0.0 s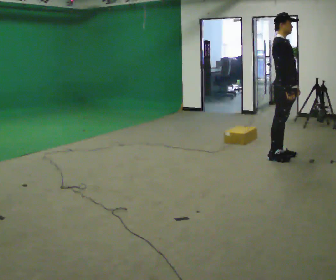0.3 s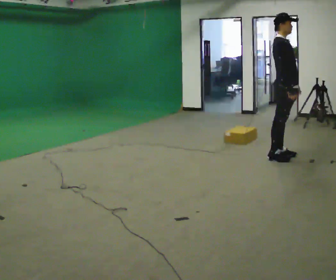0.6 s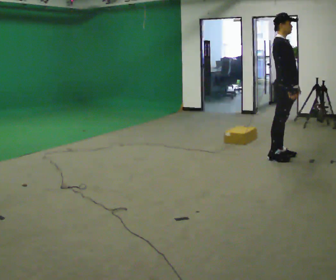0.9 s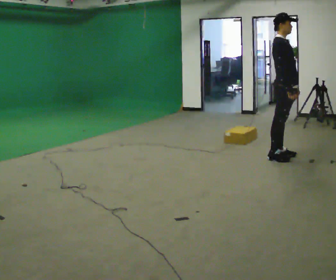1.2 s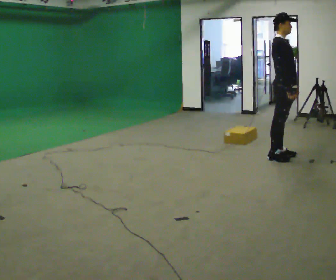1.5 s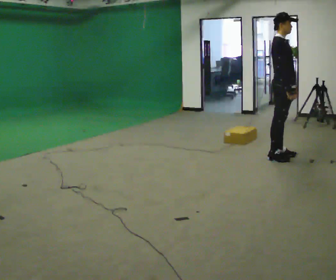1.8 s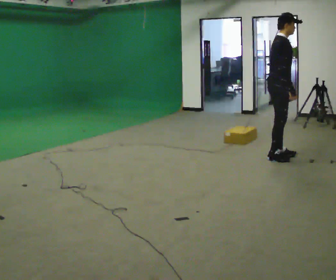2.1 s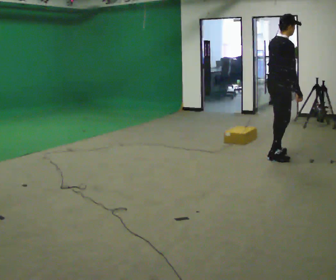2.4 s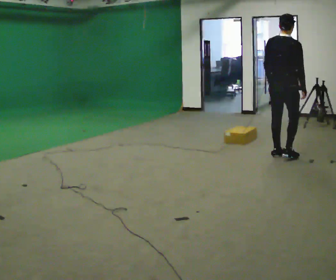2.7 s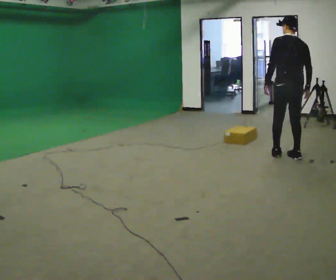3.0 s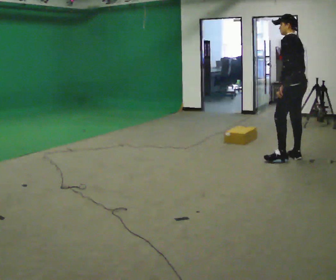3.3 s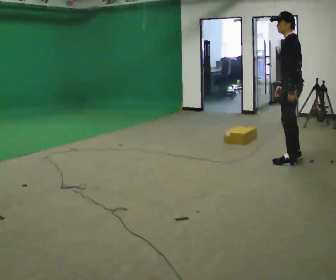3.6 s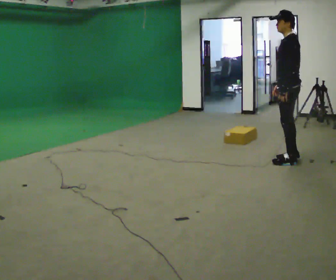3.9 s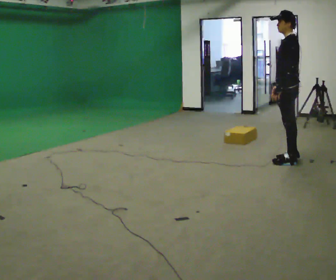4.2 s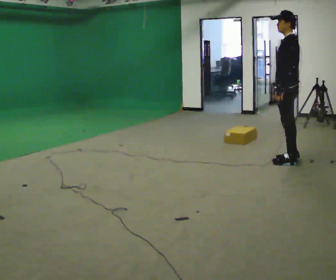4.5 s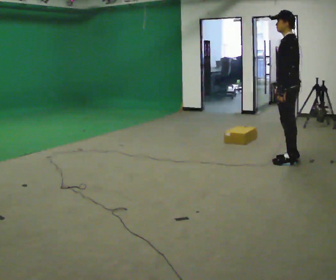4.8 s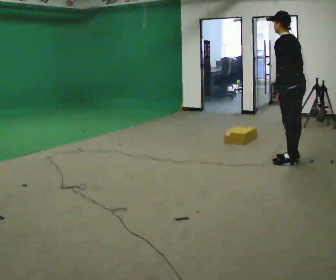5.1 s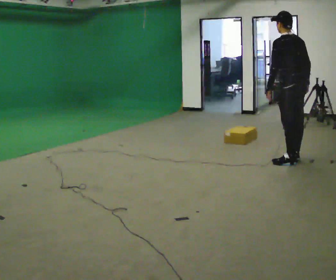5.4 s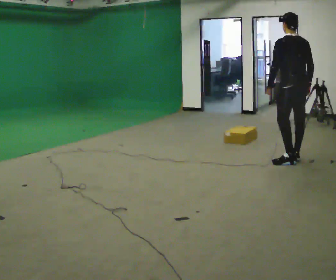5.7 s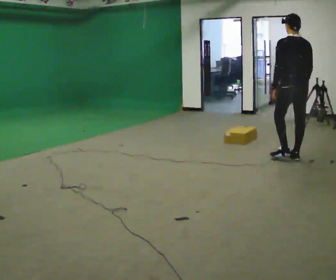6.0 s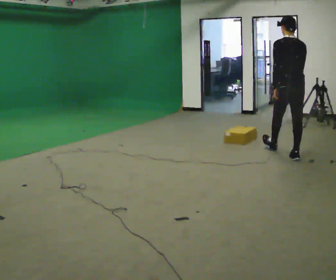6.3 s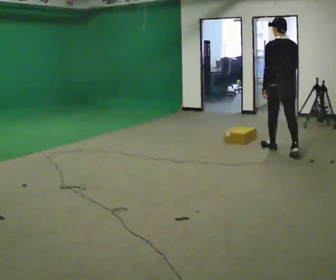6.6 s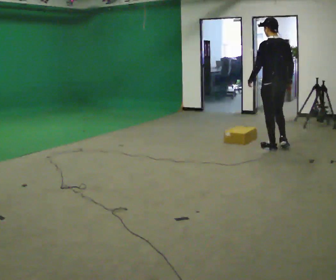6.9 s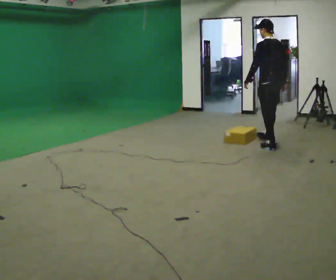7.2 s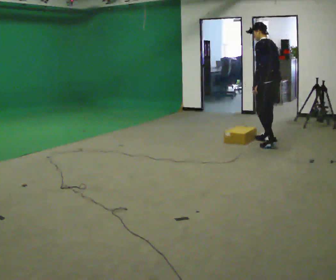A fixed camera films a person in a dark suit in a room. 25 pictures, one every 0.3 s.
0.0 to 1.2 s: The person keeps their place and pose.
1.2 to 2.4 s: The person turns about 75 degrees to their left, counterclockwise seen from above, so the part of the body nearest the lens slides to the right.
2.4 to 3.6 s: Seen from above the body turns counterclockwise, about 120 degrees: to their left, with its near side sliding to the right. In the picture they go toward the camera, about 0.25 m in 2 steps.
3.6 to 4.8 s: Seen from above the body turns clockwise, about 30 degrees: to their right, with its near side sliding to the left.
4.8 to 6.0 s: The person turns about 45 degrees to their right, clockwise seen from above, so the part of the body nearest the lens slides to the left. In the picture they go away from the camera, about 0.25 m, which for them is forward and to their right.
6.0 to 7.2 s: The part of the body nearest the lens slides to the right as the person turns to their left by about 45 degrees. In the picture they go away from the camera and to the left, about 0.5 m in 2 steps, which for them is forward.
The film runs forward here.
